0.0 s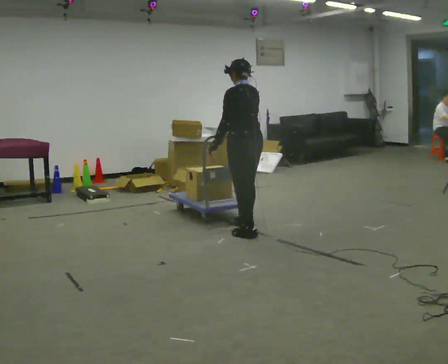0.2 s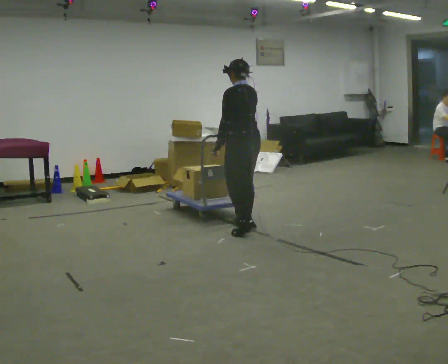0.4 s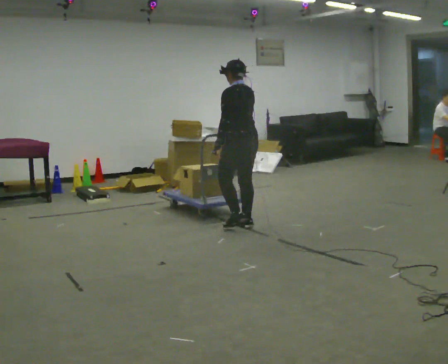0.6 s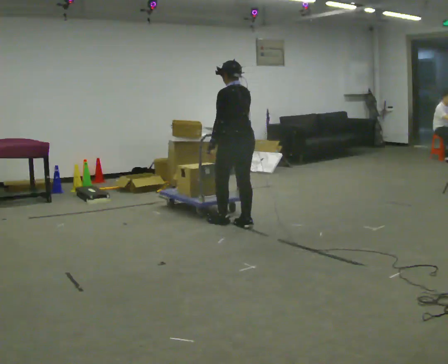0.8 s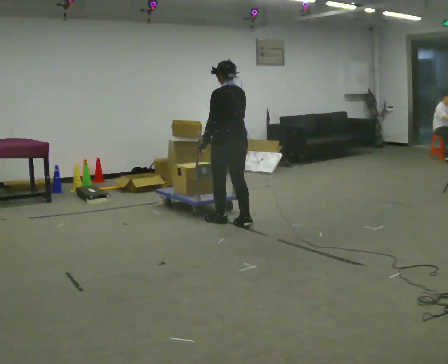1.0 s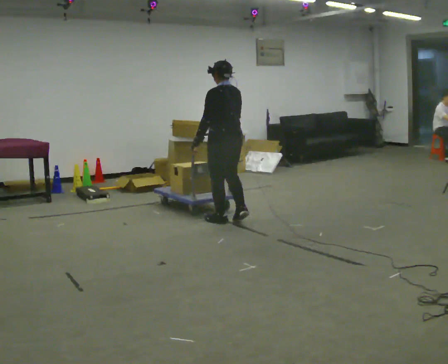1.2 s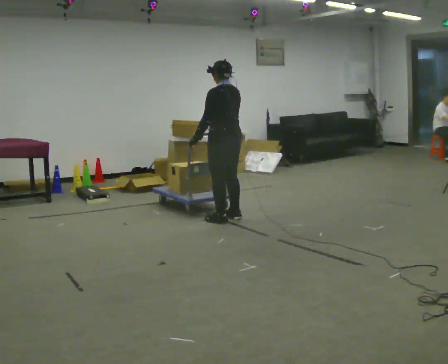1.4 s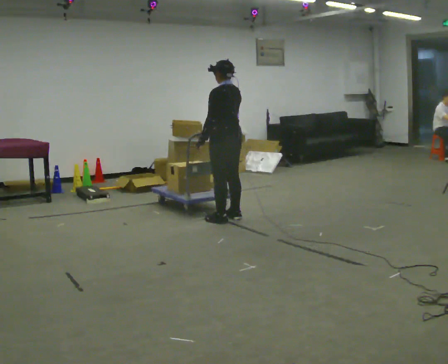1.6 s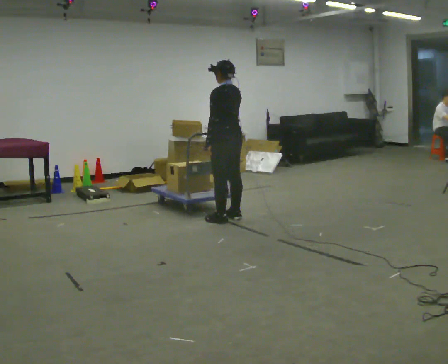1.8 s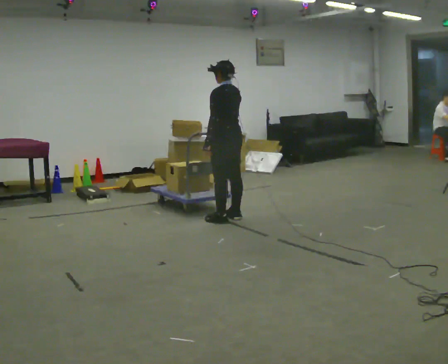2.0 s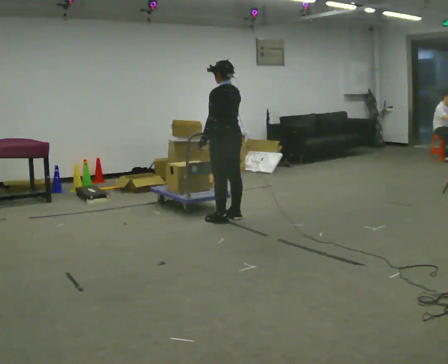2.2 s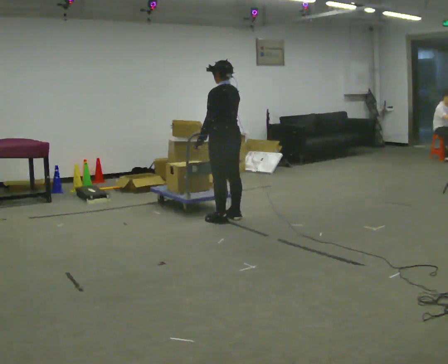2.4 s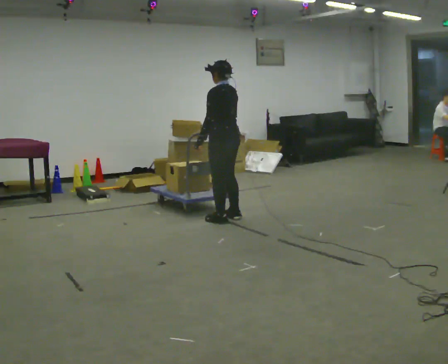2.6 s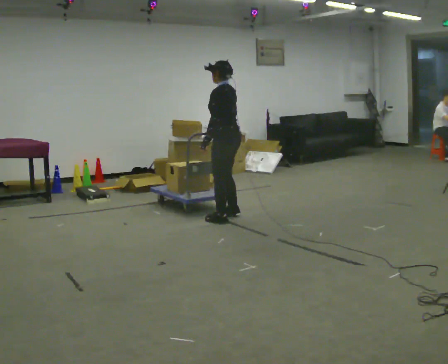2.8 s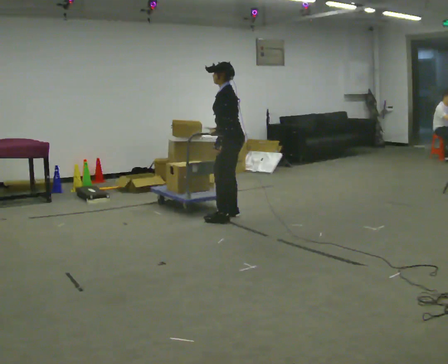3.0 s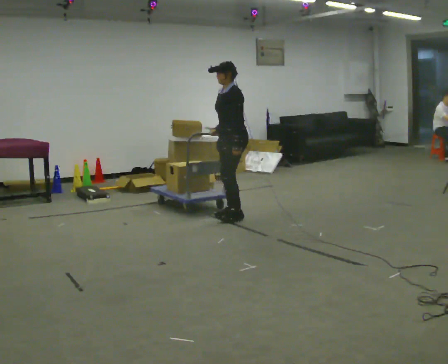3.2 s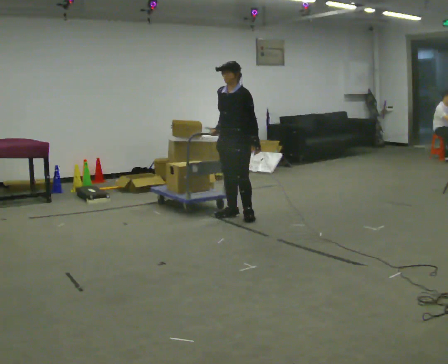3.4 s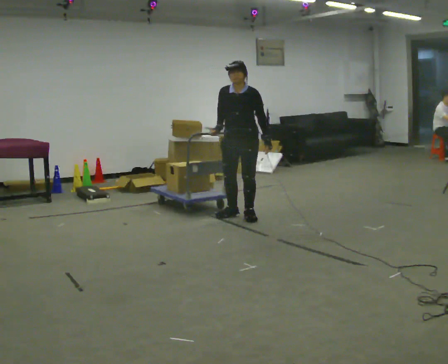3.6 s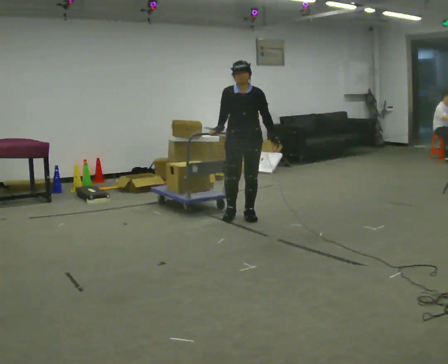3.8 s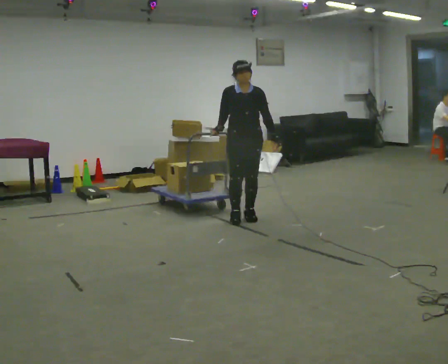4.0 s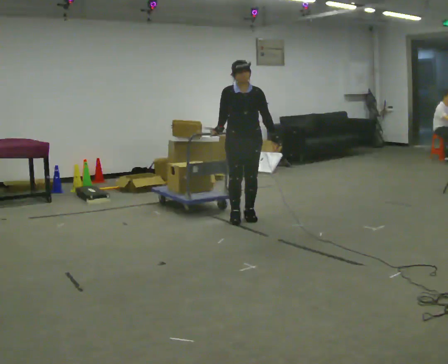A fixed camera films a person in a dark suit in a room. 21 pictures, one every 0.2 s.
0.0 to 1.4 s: In the picture they go away from the camera and to the left, about 0.5 m in 2 steps, which for them is forward.
1.4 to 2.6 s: The person turns about 30 degrees to their left, counterclockwise seen from above, so the part of the body nearest the lens slides to the right.
2.6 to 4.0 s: The part of the body nearest the lens slides to the right as the person turns to their left by about 105 degrees. In the picture they go to the right, about 0.25 m in 1 step. In the picture their left hand goes to the right, the arm swinging counterclockwise.
The film runs forward here.
